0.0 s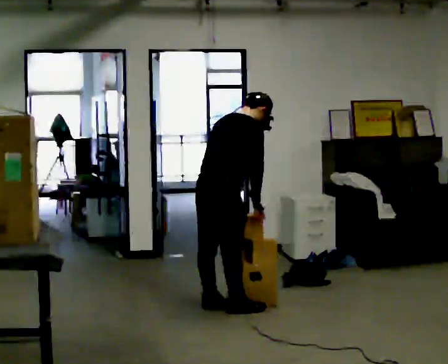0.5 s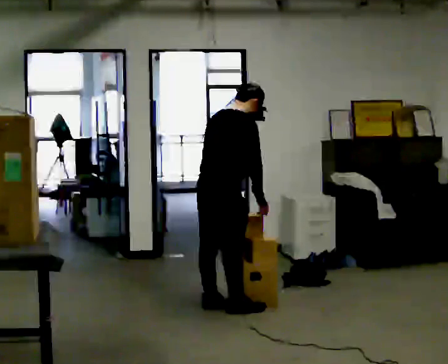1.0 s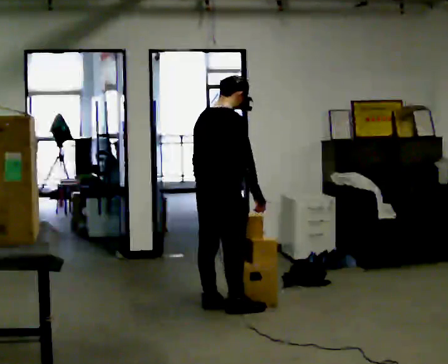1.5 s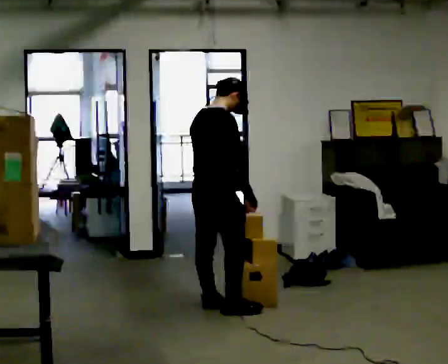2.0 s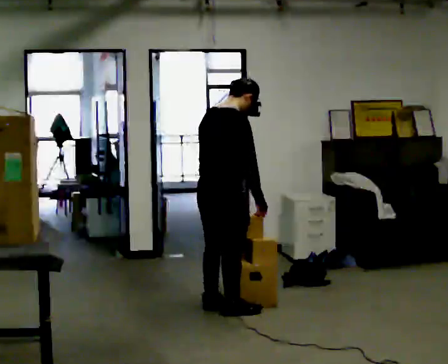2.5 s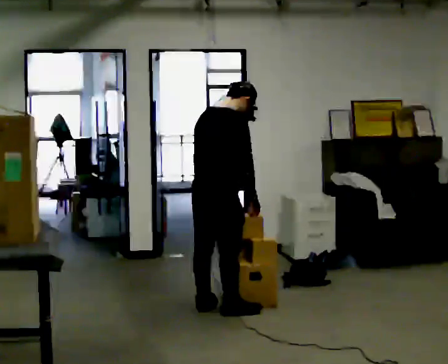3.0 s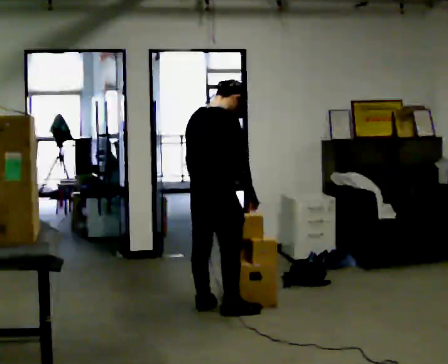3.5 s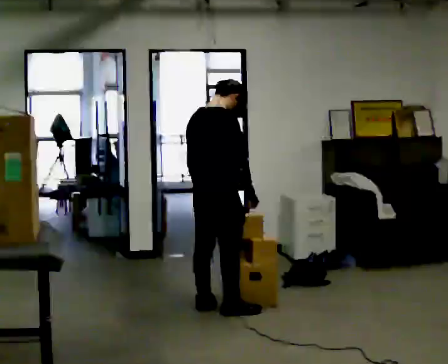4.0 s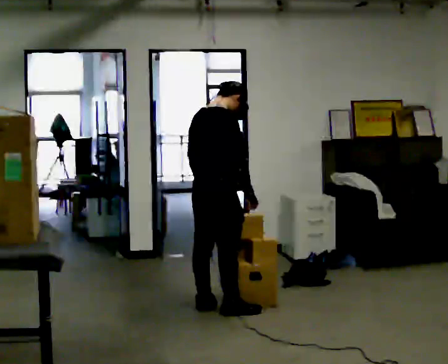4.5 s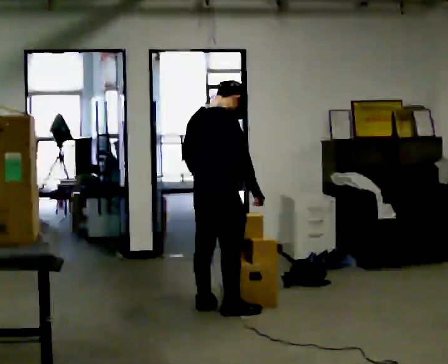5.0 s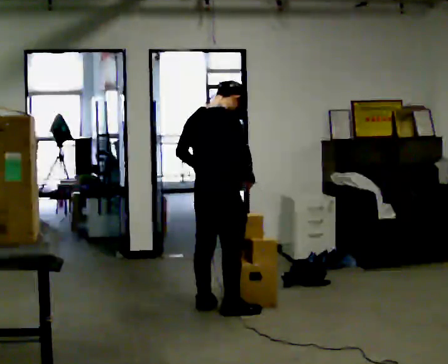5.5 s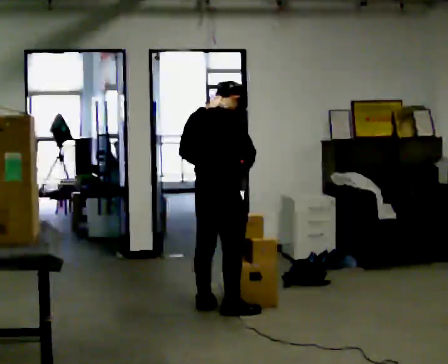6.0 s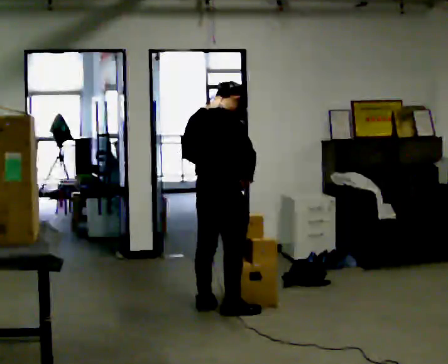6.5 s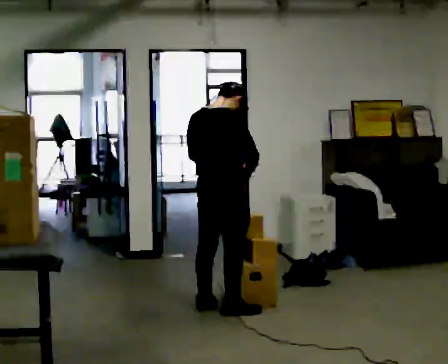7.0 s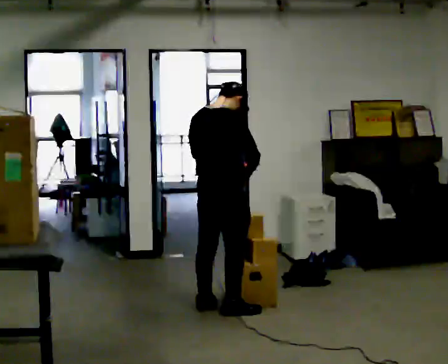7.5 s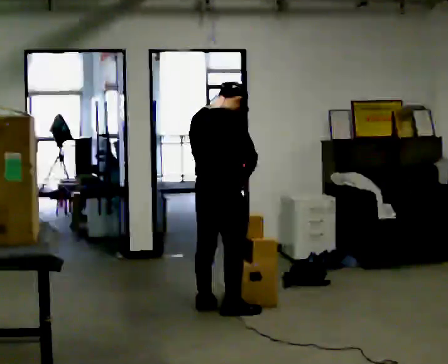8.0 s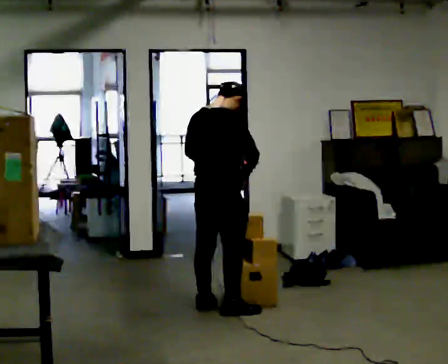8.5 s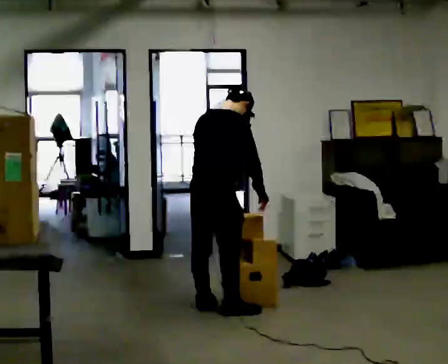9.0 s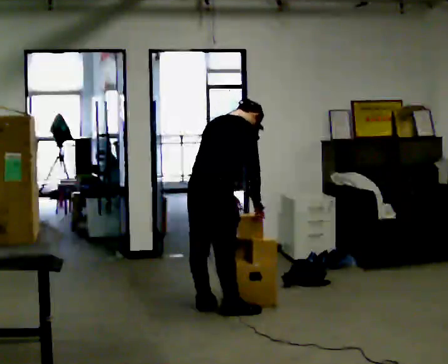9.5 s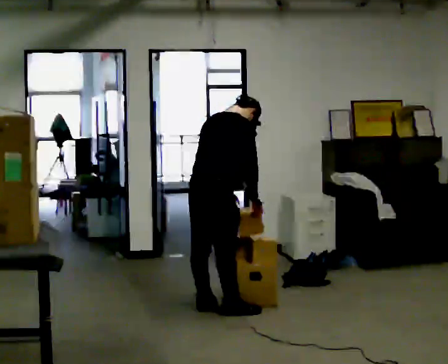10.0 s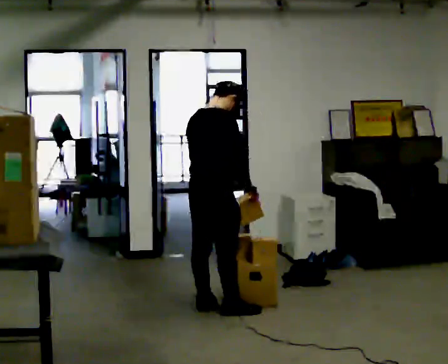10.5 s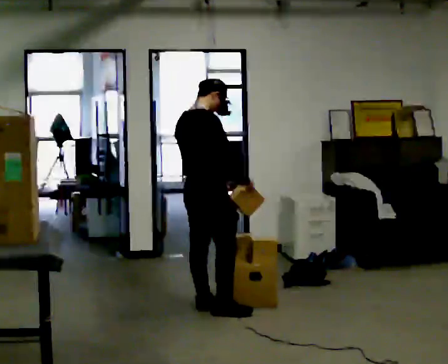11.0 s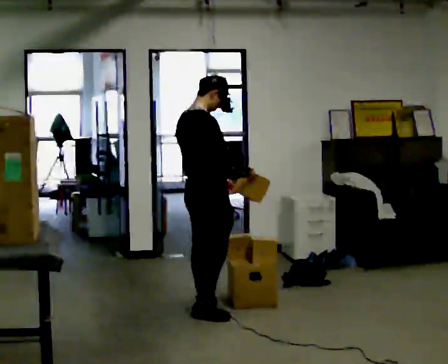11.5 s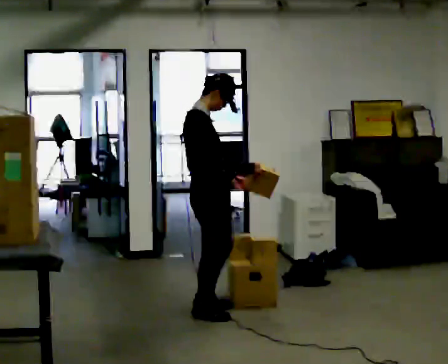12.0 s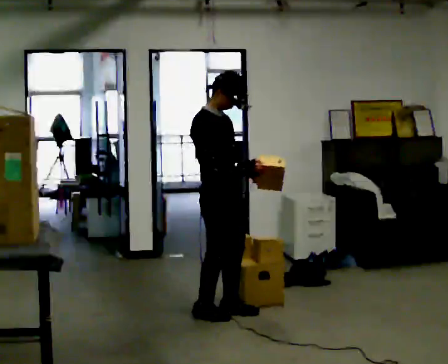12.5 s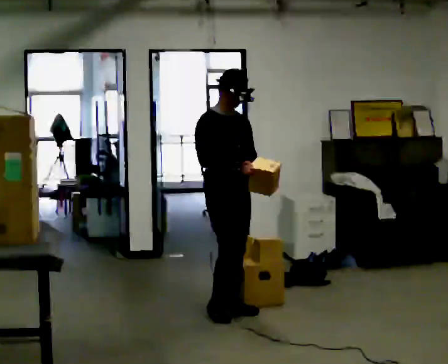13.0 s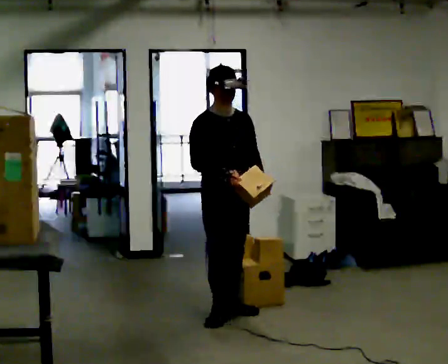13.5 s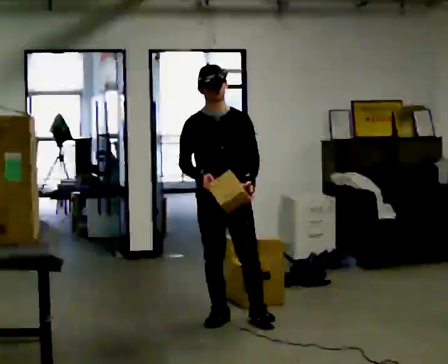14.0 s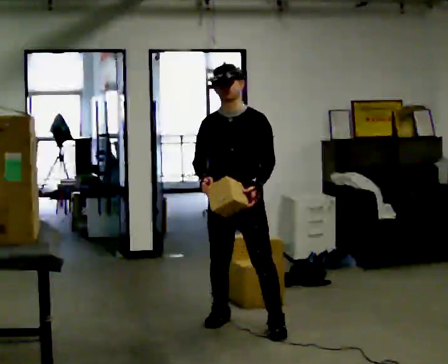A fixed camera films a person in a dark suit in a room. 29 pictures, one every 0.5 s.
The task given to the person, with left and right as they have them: Take an object from the highest shelf you can comfortably reach, carry it across, and place it on the lowest shelf. Keep going until the operator says stop; one object at a time, and do not rush between trips.
0.0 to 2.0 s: The upper body tips toward the camera, its near side rolling downward, as they lean back or straighten.
2.0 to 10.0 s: The person moves a little, or ends about where they began.
10.0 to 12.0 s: Seen from above the body turns clockwise, about 75 degrees: to their right, with its near side sliding to the left. In the picture they go toward the camera, about 0.25 m in 2 steps.
12.0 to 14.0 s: Seen from above the body turns clockwise, about 75 degrees: to their right, with its near side sliding to the left. In the picture they go toward the camera, about 0.25 m in 1 step.
The film runs forward here.
